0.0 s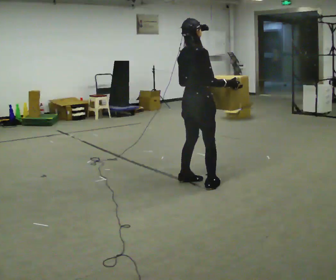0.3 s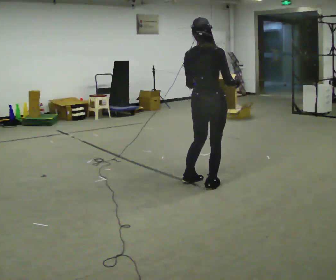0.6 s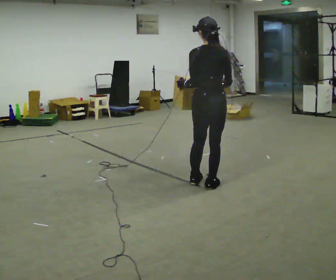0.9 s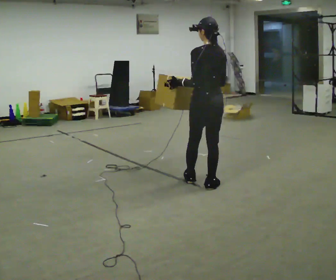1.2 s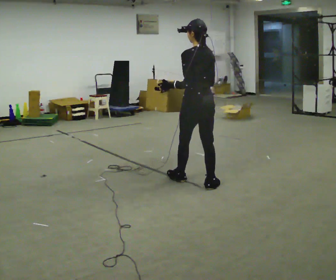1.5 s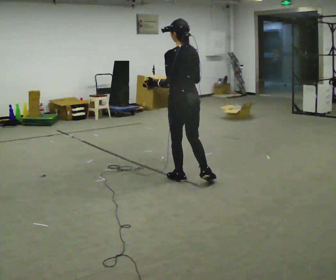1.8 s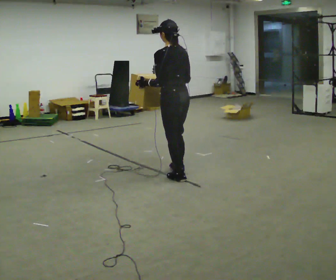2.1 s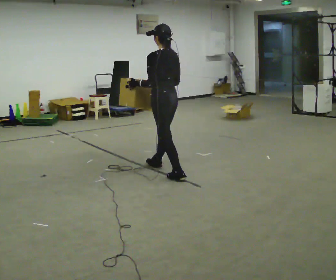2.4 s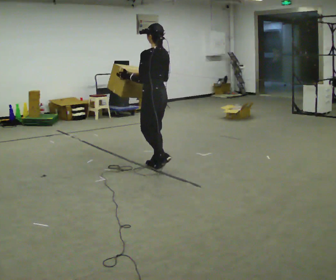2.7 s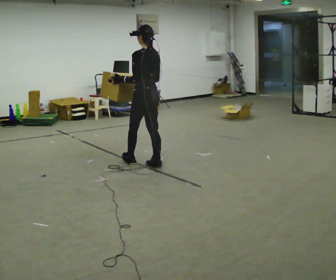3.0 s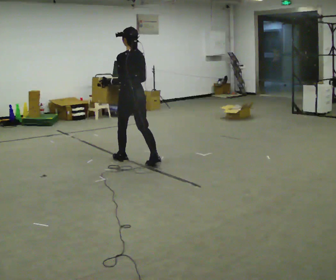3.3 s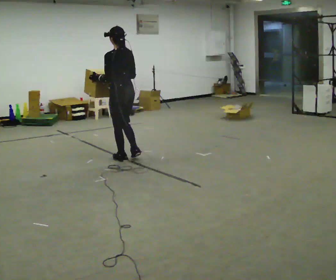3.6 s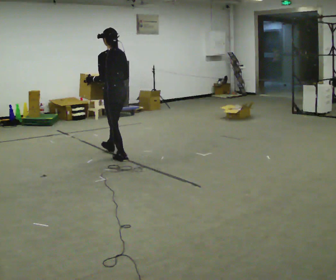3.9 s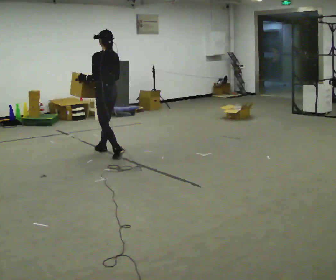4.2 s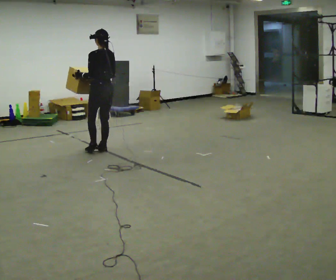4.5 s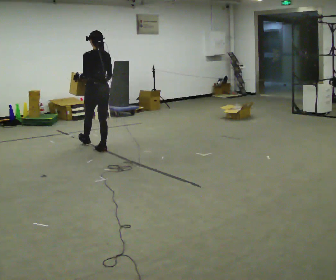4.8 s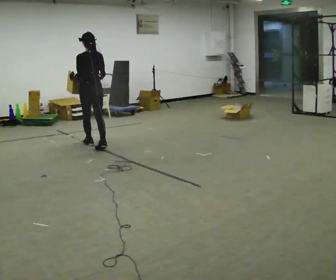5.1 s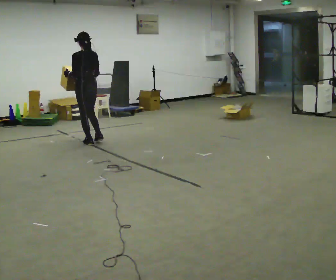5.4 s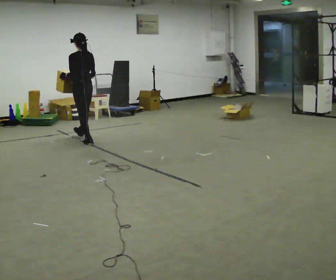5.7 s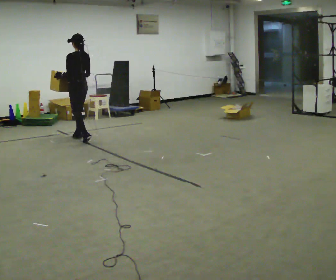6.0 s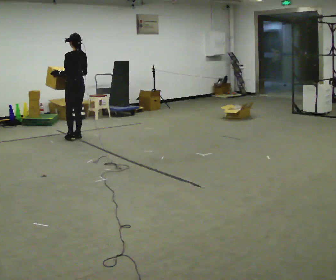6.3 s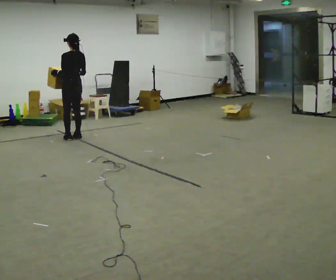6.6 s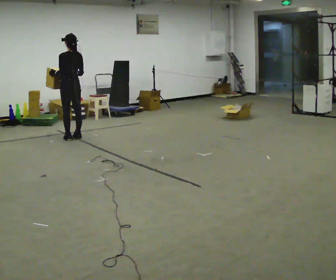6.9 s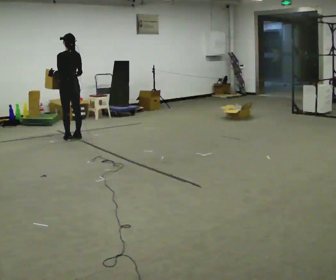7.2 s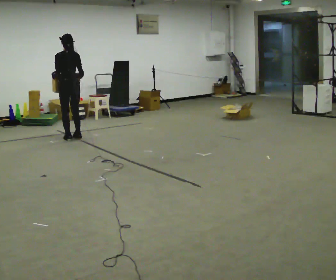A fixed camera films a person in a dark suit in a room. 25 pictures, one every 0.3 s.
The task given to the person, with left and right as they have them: Carry the box across the room much more slowly and carefully than normal, back and forth.
0.0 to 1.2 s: Seen from above the body turns counterclockwise, about 90 degrees: to their left, with its near side sliding to the right.
1.2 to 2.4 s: In the picture they go away from the camera and to the left, about 0.5 m in 1 step, which for them is forward.
2.4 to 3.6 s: In the picture they go away from the camera and to the left, about 0.75 m in 1 step, which for them is forward.
3.6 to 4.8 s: In the picture they go away from the camera and to the left, about 0.5 m in 2 steps, which for them is forward.
4.8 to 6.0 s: In the picture they go away from the camera and to the left, about 0.5 m in 1 step, which for them is forward.
6.0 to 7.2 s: The person turns about 30 degrees to their right, clockwise seen from above, so the part of the body nearest the lens slides to the left.
The film runs forward here.
